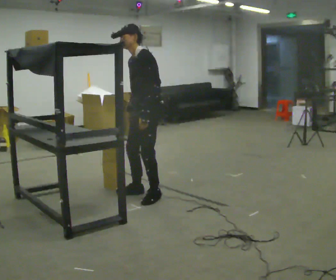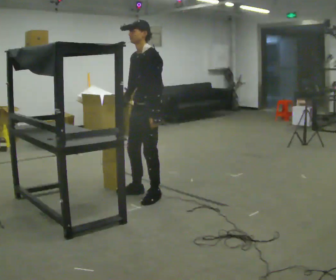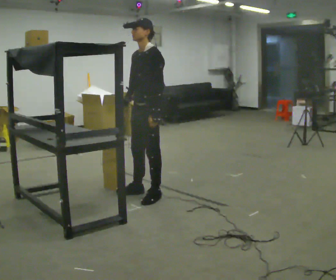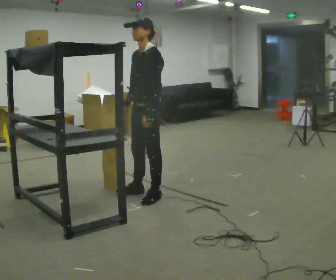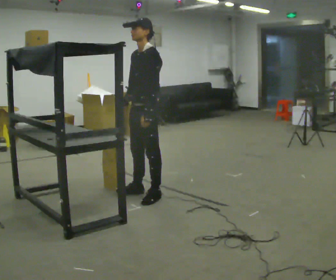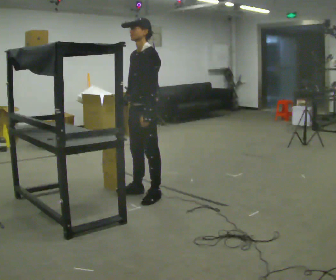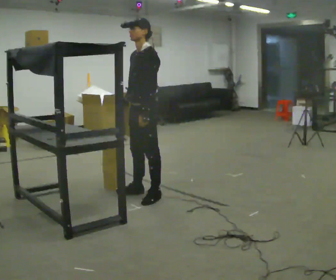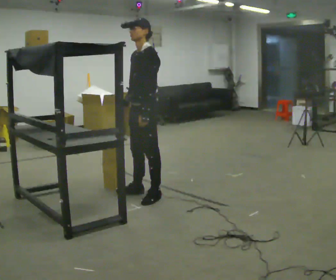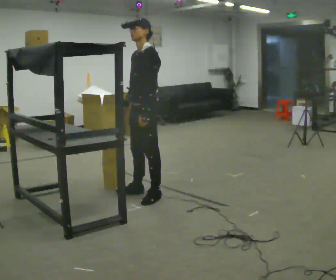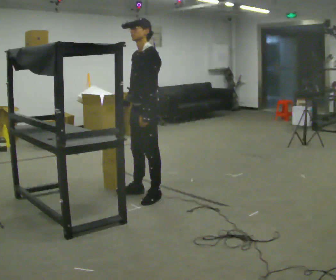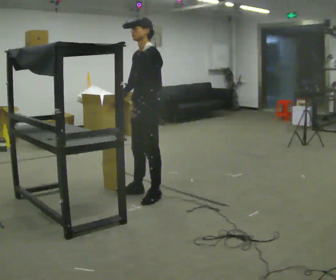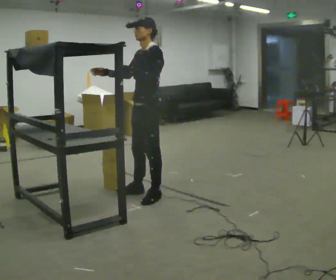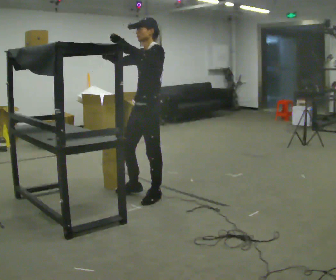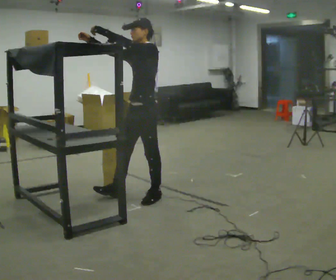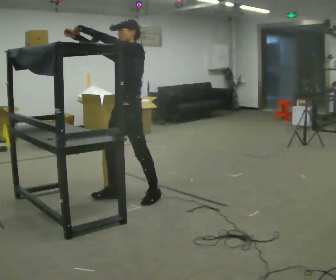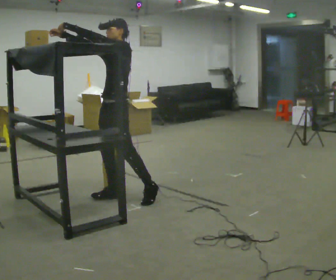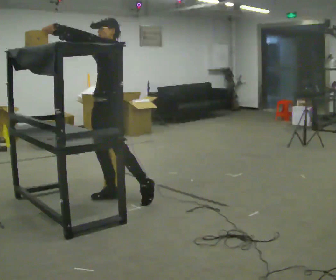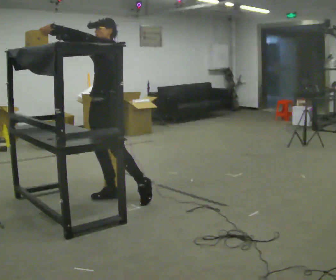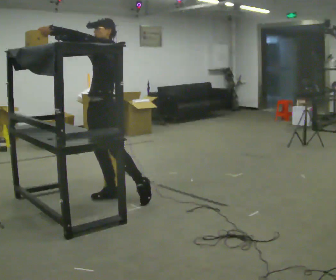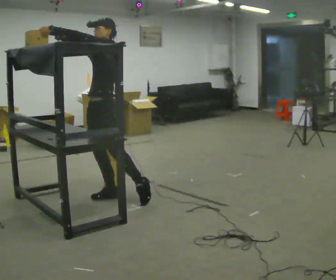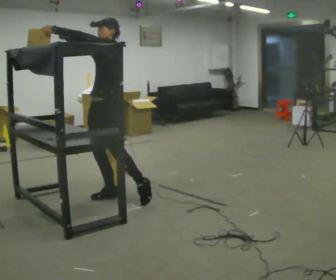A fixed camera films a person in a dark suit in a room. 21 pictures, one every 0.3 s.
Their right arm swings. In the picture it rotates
clockwise.
Their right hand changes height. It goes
upward.
0.0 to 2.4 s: The person moves a little, or ends about where they began.
2.4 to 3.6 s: In the picture their left hand goes upward.
3.6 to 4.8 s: In the picture they go to the left, about 0.5 m in 1 step, which for them is forward and to their right.
4.8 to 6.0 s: The person moves a little, or ends about where they began.
The film runs forward here.
